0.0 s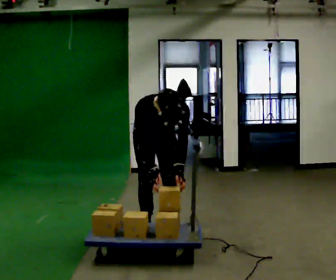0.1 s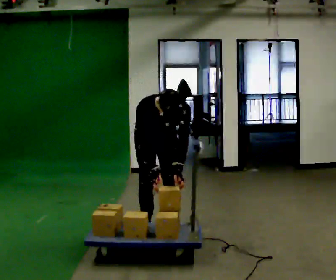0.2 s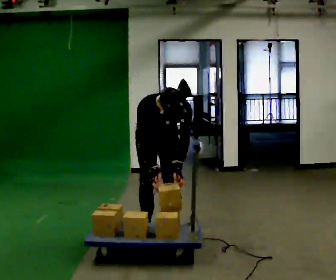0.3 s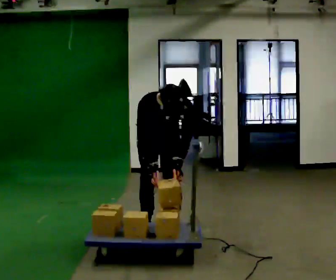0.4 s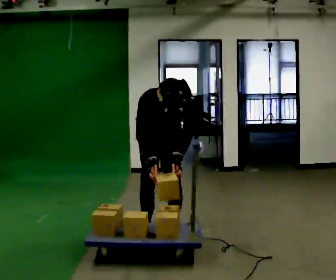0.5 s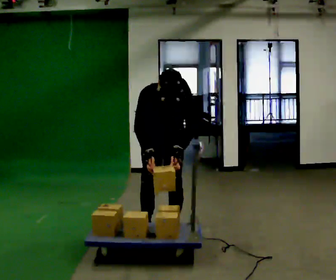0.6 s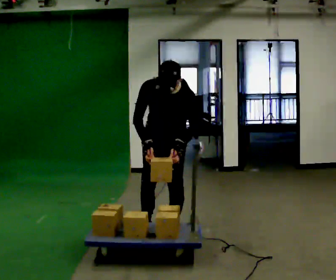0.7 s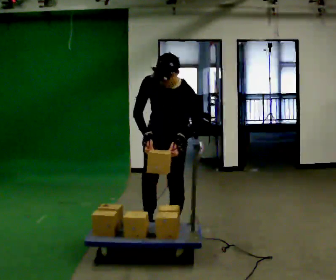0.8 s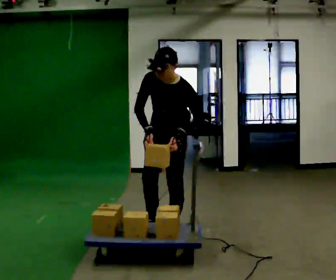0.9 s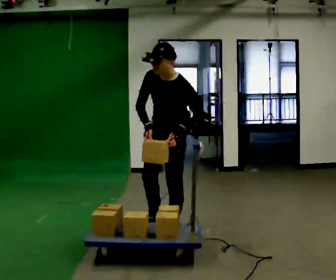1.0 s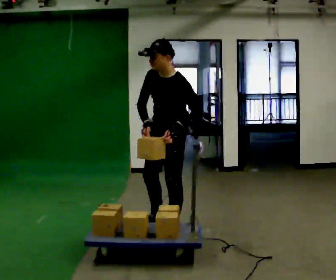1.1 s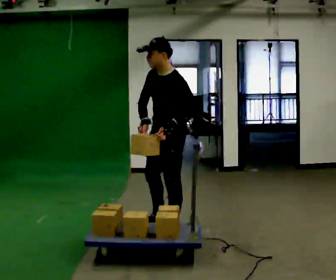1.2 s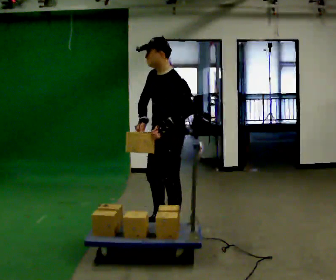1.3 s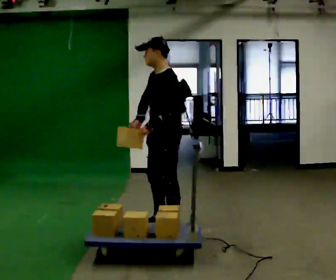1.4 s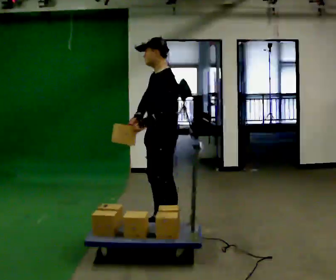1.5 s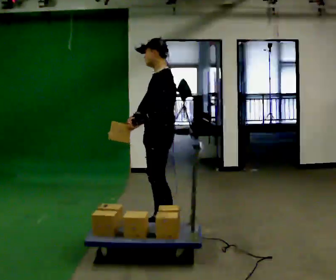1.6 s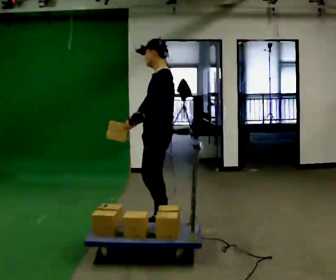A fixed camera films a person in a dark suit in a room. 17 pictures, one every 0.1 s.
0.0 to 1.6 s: The person turns about 105 degrees to their right, clockwise seen from above, so the part of the body nearest the lens slides to the left. The shoulders move upward. The upper body tips away from the camera, its near side rolling upward, as they lean back or straighten. In the picture their left hand goes upward and to the left, the arm swinging clockwise.
The film runs forward here.
